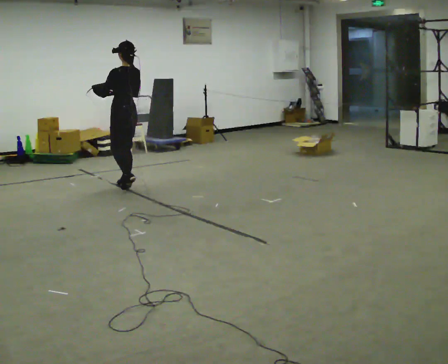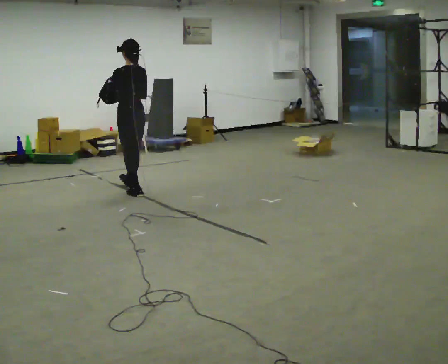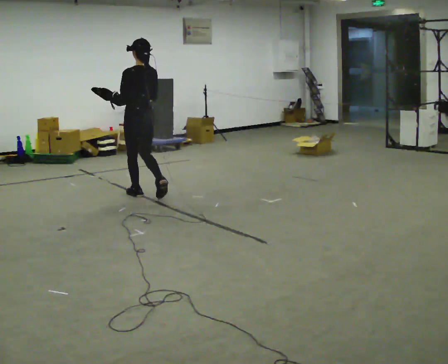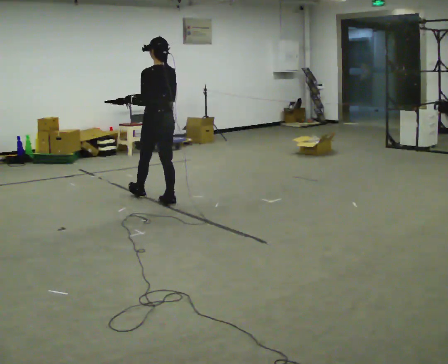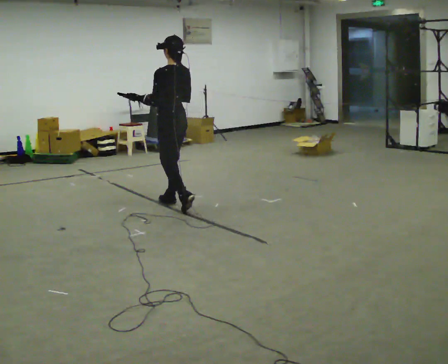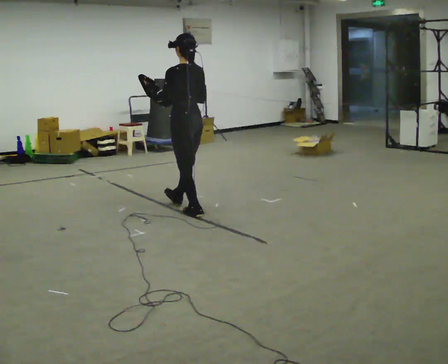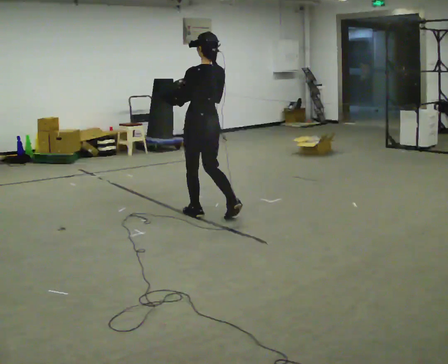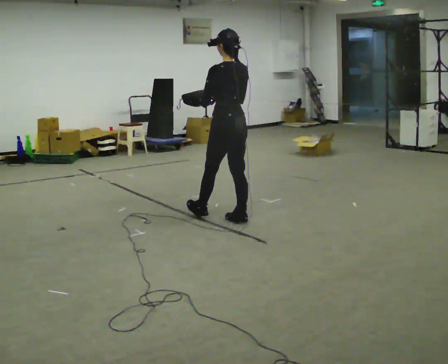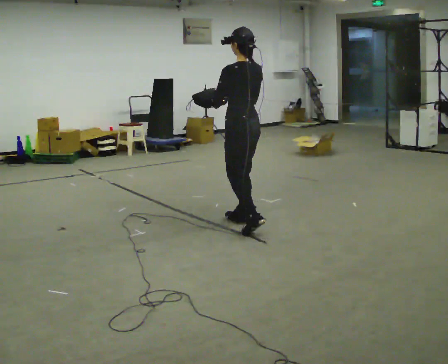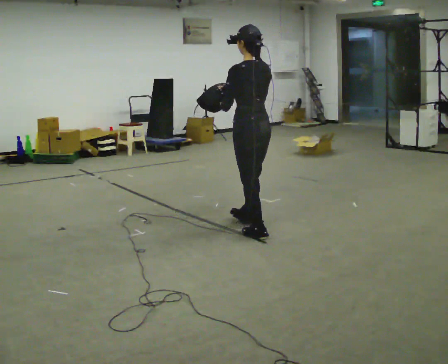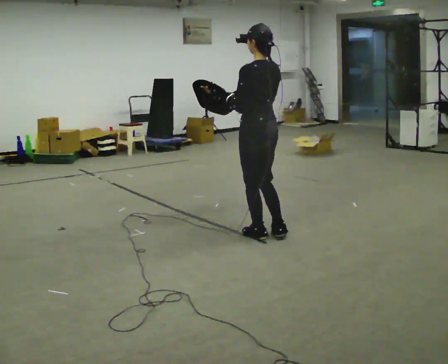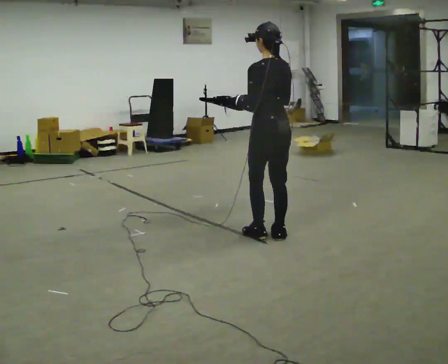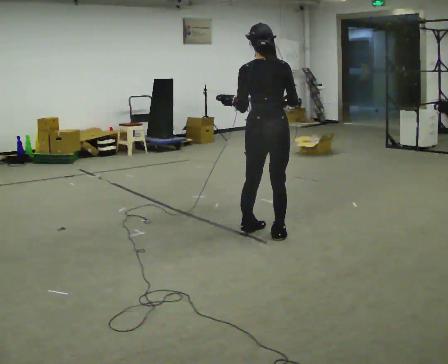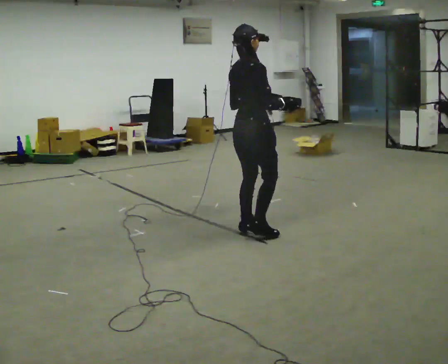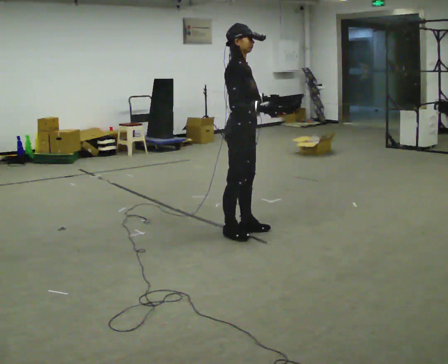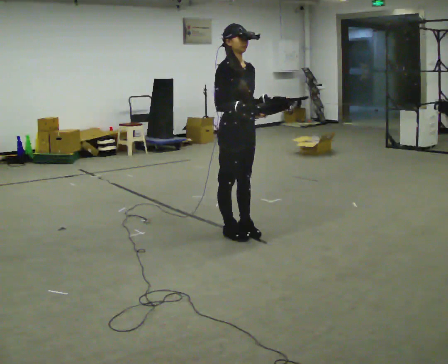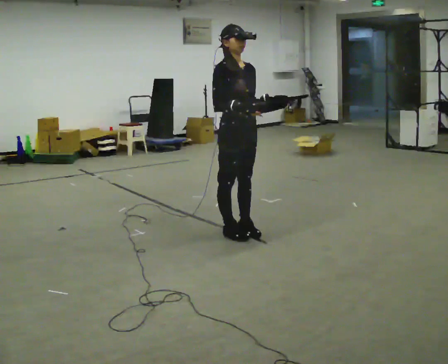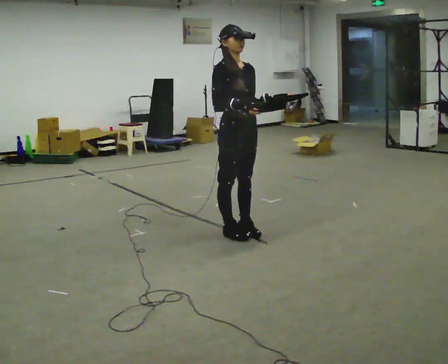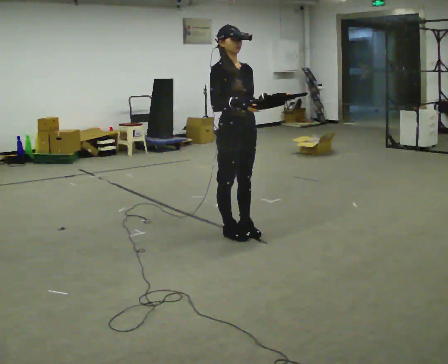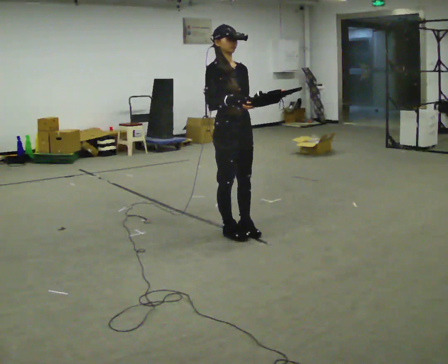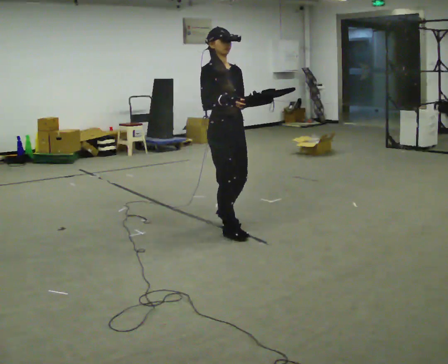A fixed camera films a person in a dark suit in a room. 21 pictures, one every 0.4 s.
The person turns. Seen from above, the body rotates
clockwise.
The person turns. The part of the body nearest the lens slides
to the left.
0.0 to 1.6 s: In the picture they go to the right, about 1 m in 2 steps, which for them is backward.
1.6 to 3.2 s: In the picture they go to the right, about 1 m in 2 steps, which for them is backward.
3.2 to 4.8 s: The part of the body nearest the lens slides to the left as the person turns to their right by about 45 degrees. In the picture they go to the right and toward the camera, about 0.25 m in 2 steps, which for them is backward.
4.8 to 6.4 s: Seen from above the body turns clockwise, about 135 degrees: to their right, with its near side sliding to the left. In the picture they go to the left, about 0.25 m in 1 step. In the picture their left hand goes to the right.
6.4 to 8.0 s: The person moves a little, or ends about where they began.
The film runs backward here.
